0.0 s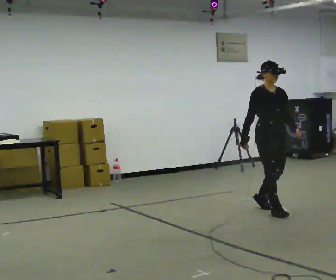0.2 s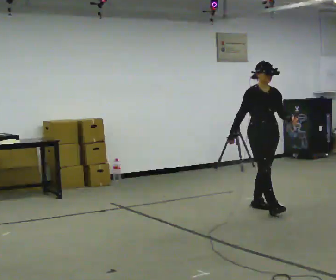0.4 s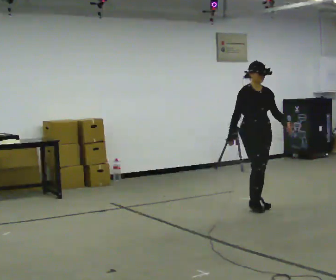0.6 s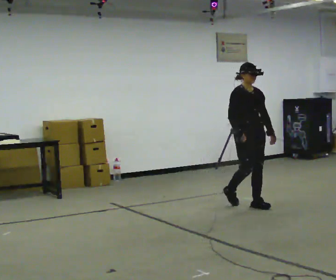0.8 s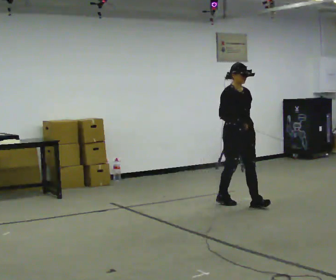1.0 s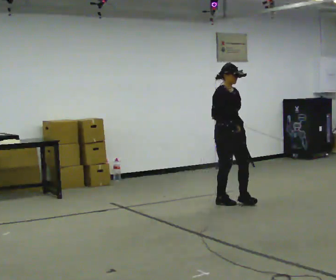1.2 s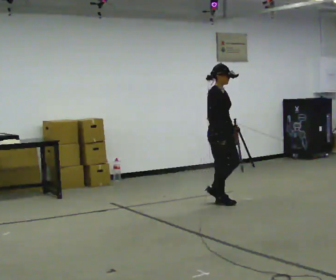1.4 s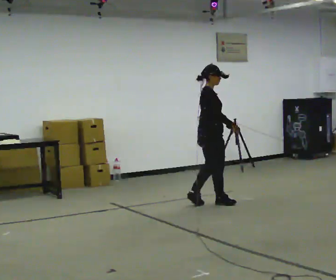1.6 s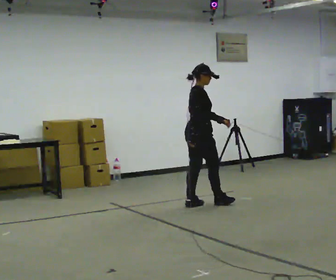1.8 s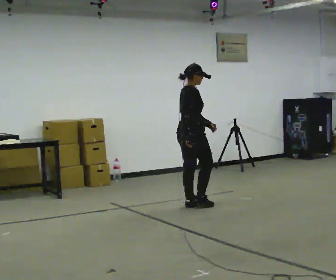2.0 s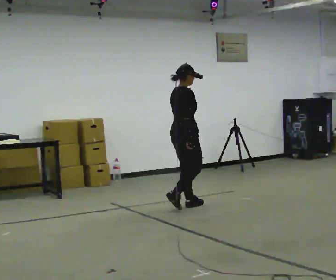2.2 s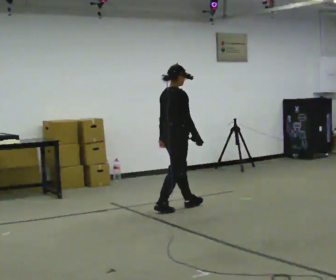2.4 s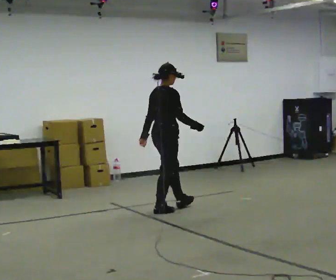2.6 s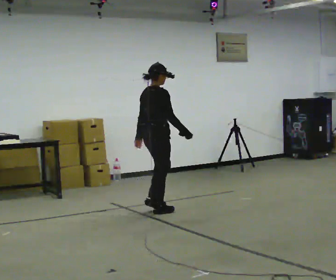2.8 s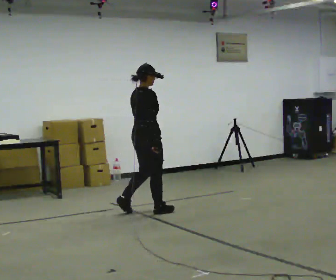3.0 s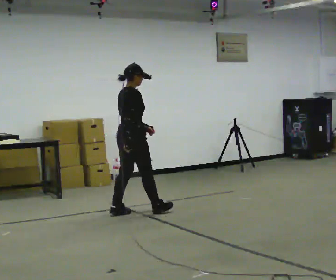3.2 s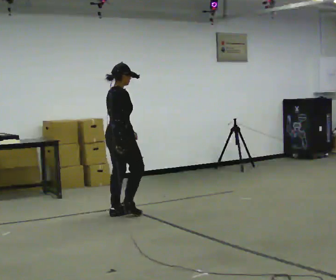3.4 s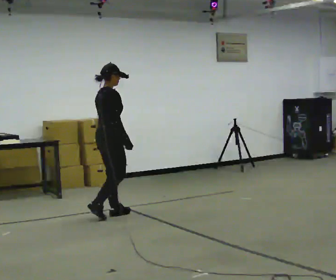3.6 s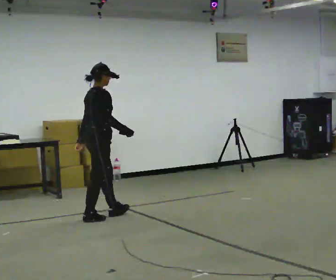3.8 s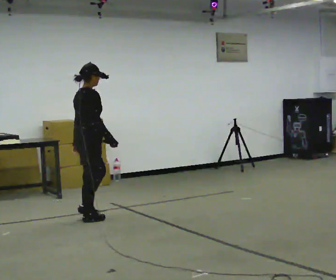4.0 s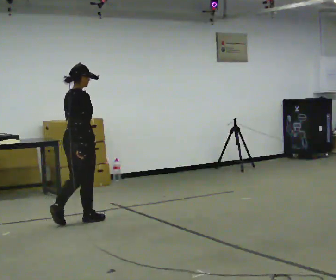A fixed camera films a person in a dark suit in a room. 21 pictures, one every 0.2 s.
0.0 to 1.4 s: The person turns about 60 degrees to their left, counterclockwise seen from above, so the part of the body nearest the lens slides to the right. In the picture they go to the left and away from the camera, about 1 m in 2 steps.
1.4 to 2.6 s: In the picture they go to the left and toward the camera, about 0.75 m in 2 steps, which for them is backward.
2.6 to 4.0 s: In the picture they go to the left and toward the camera, about 1 m in 2 steps, which for them is backward.
The film runs backward here.
